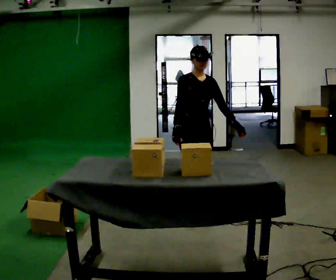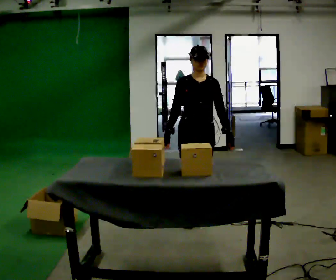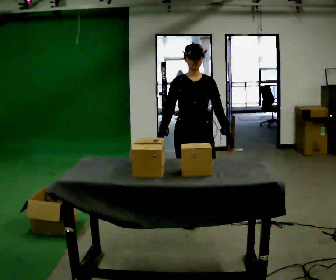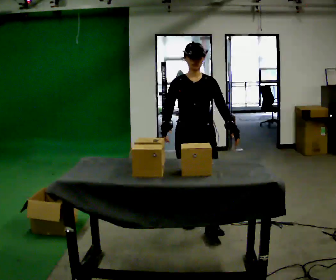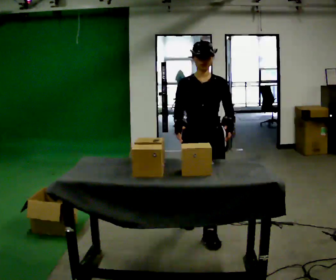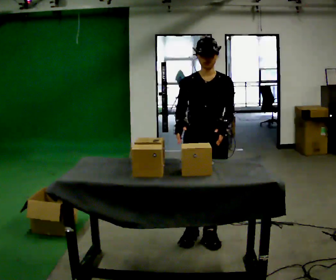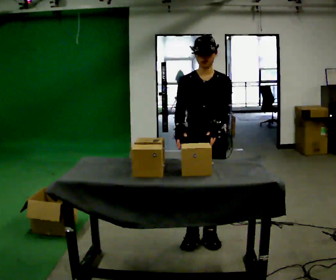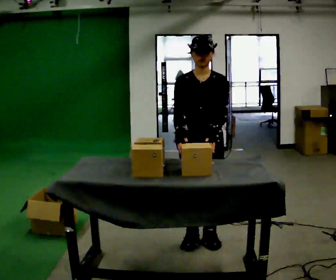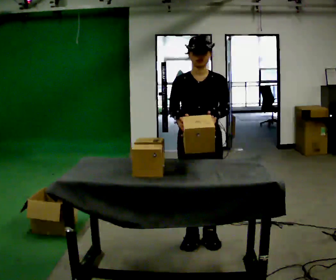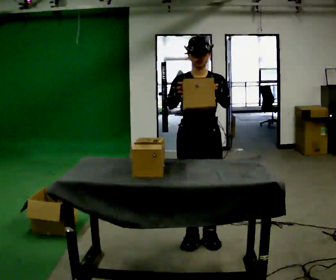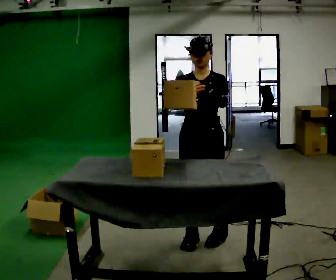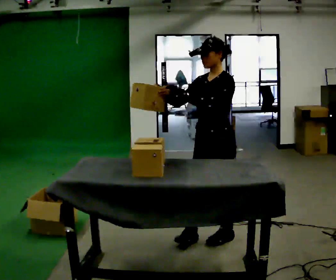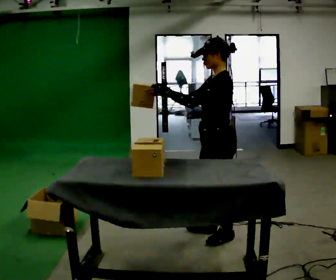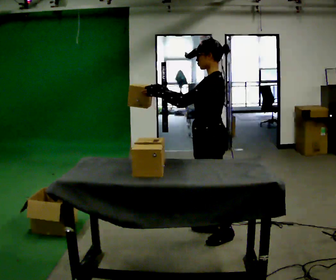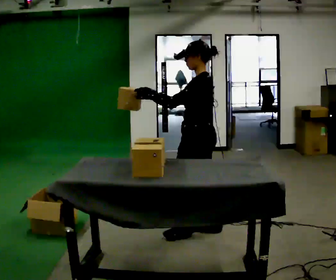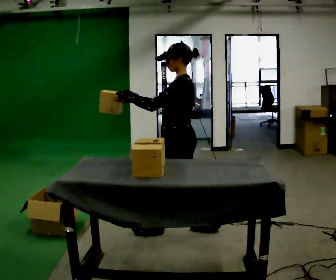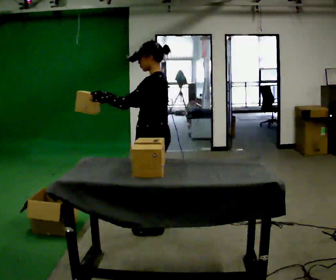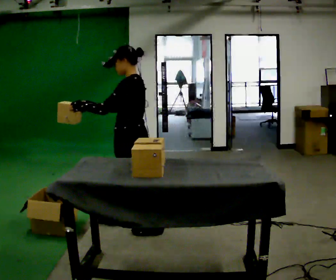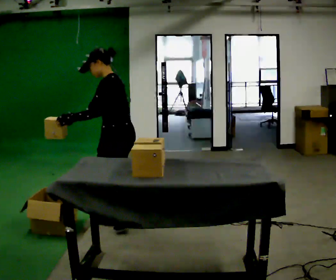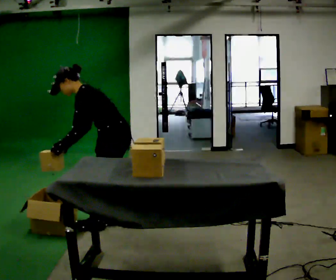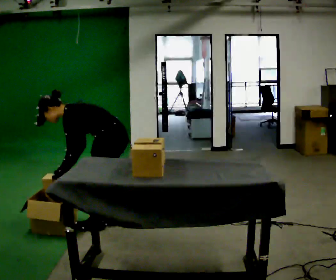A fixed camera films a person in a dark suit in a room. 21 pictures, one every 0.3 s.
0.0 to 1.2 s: The person turns about 30 degrees to their right, clockwise seen from above, so the part of the body nearest the lens slides to the left. In the picture they go toward the camera, about 0.5 m in 2 steps, which for them is forward.
1.2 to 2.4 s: In the picture they go toward the camera, about 0.25 m in 1 step, which for them is forward.
2.4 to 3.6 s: The part of the body nearest the lens slides to the left as the person turns to their right by about 90 degrees. In the picture they go to the right, about 0.25 m in 1 step.
3.6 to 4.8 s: In the picture they go to the left, about 0.5 m in 2 steps, which for them is forward.
4.8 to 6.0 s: In the picture they go to the left, about 0.5 m in 2 steps, which for them is forward. The shoulders move downward. In the picture the upper body tilts counterclockwise, shoulders to the left, as they bend forward. In the picture their left hand goes downward, the arm swinging counterclockwise.
The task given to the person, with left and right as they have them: Carry each object across the room and drop it into the container on the floor, then walk back for the next one. Keep going until the operator says stop; one object at a time, and do not rush between trips.
The film runs forward here.
